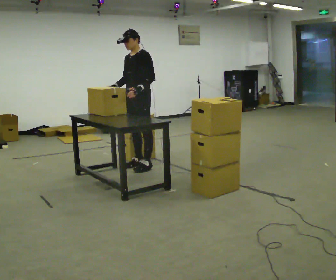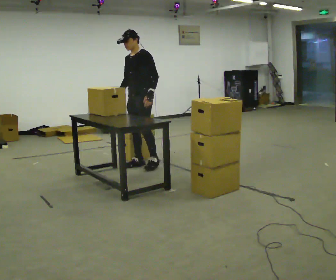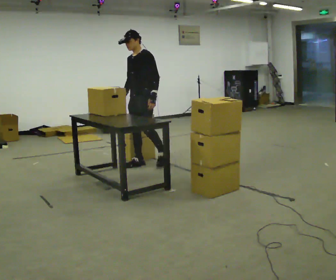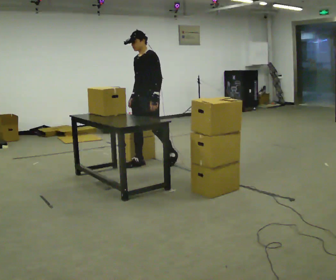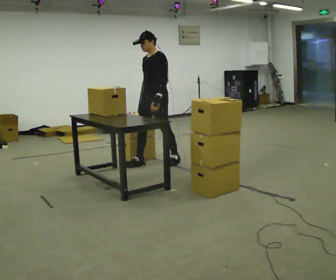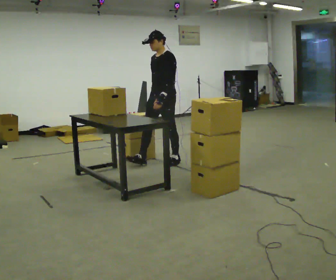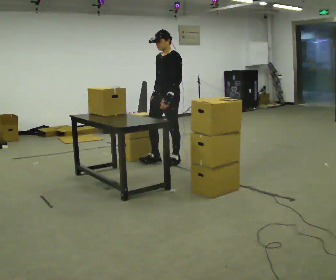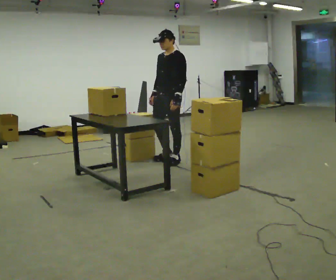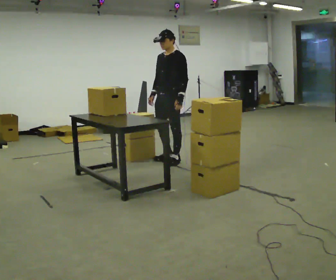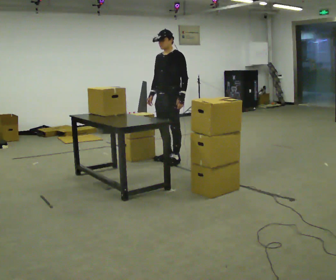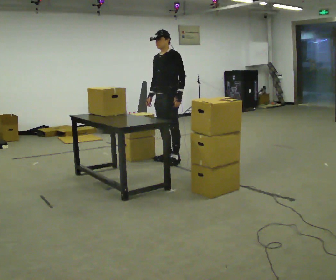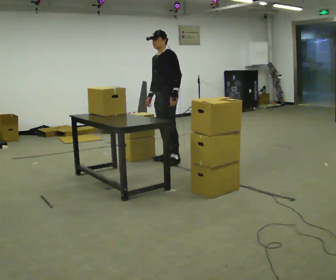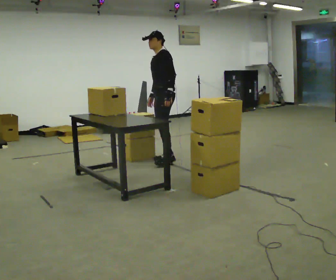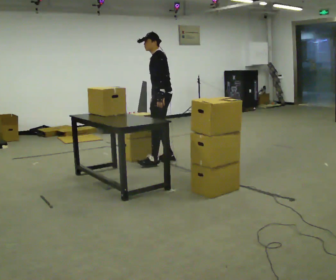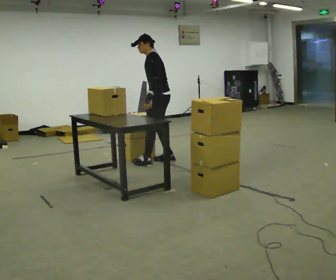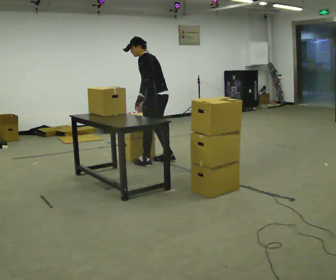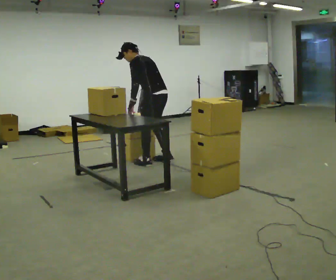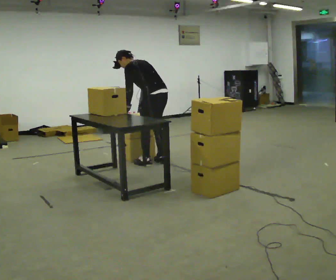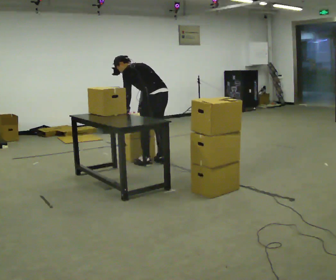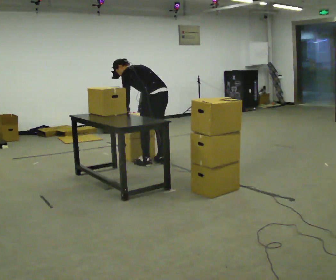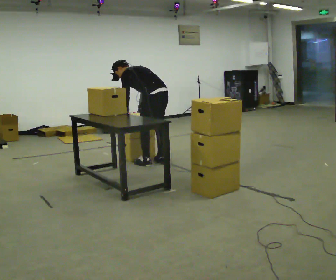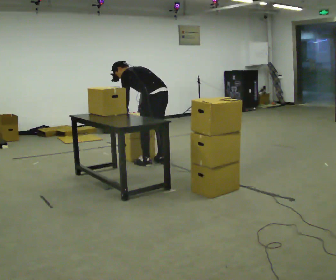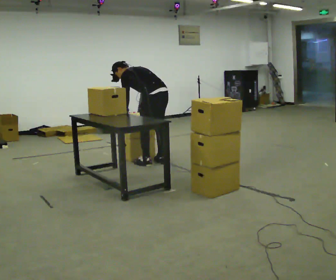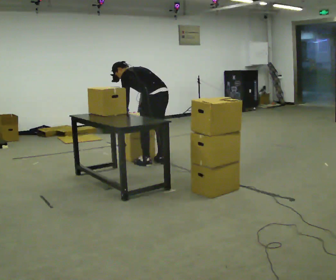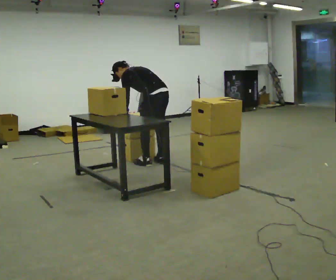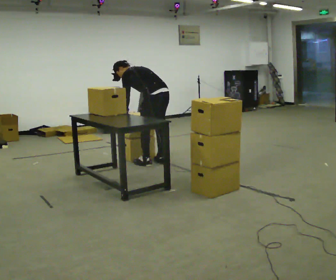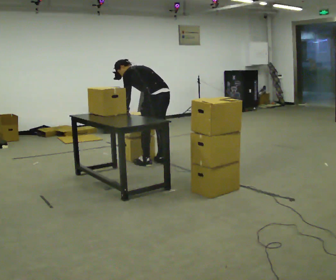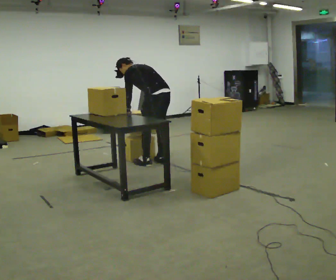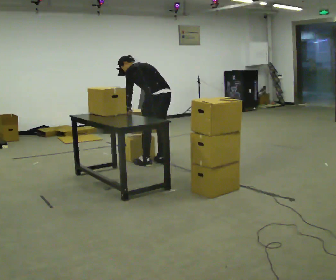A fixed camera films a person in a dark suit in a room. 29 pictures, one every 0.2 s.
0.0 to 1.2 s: In the picture they go to the right, about 0.25 m in 2 steps, which for them is backward.
1.2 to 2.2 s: The person moves a little, or ends about where they began.
2.2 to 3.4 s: The part of the body nearest the lens slides to the left as the person turns to their right by about 75 degrees. In the picture they go to the left and toward the camera, about 0.25 m in 2 steps. In the picture the upper body tilts counterclockwise, shoulders to the left, as they bend forward.
3.4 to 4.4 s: The upper body tips away from the camera, its near side rolling upward, as they bend forward.
4.4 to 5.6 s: The person moves a little, or ends about where they began.
The film runs backward here.
